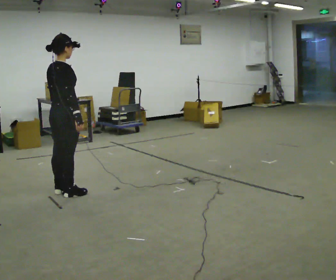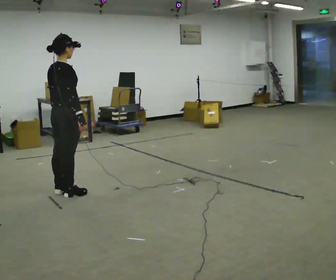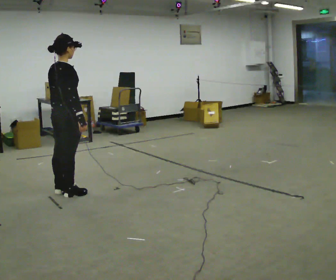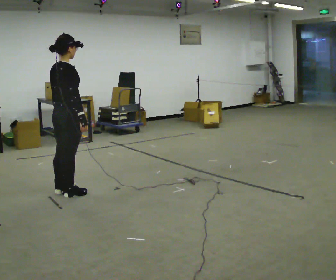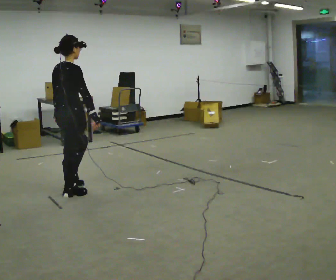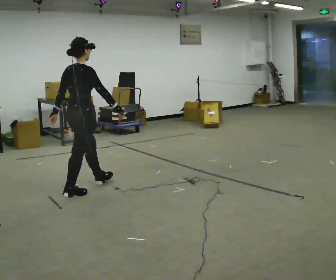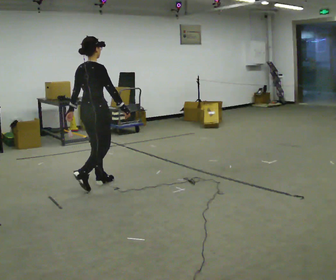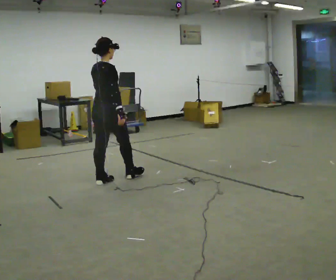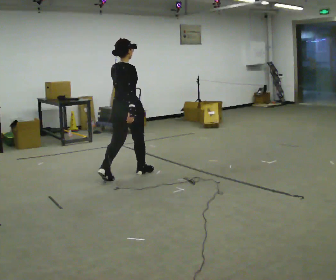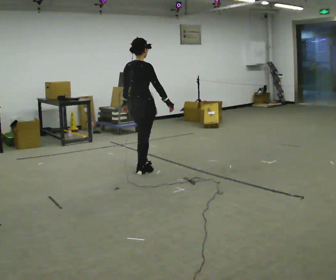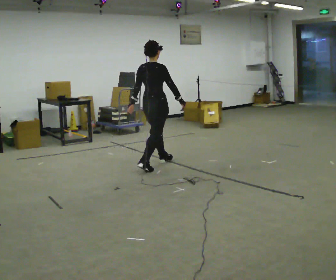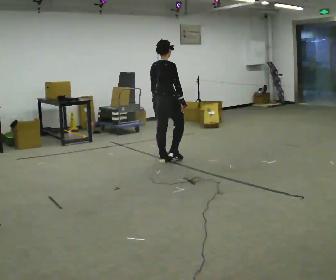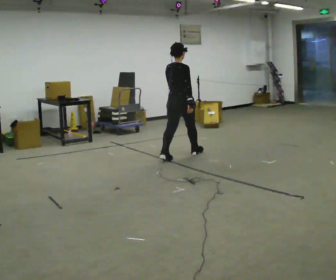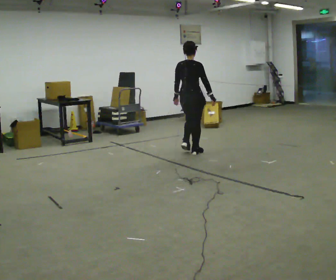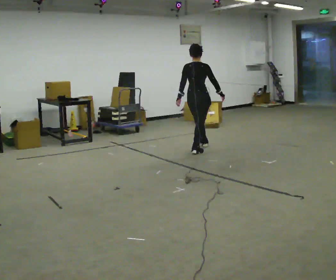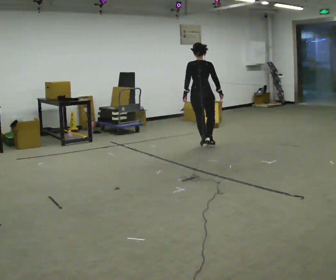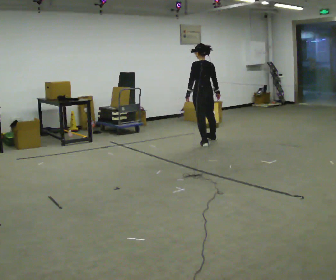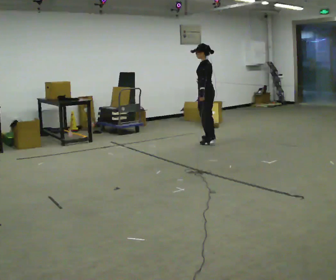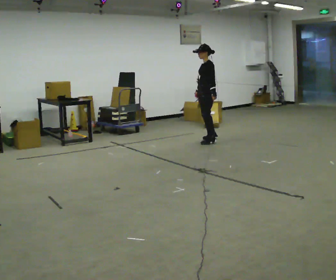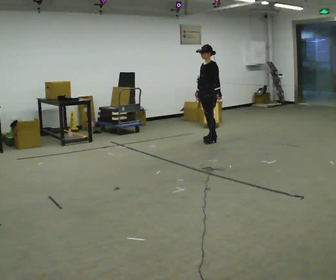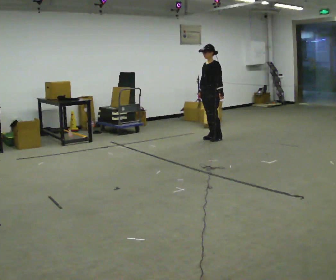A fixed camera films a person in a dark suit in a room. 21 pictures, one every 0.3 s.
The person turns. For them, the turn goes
to their left.
The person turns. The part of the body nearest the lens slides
to the right.
0.0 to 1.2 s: The person moves a little, or ends about where they began.
1.2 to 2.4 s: In the picture they go away from the camera and to the right, about 1 m in 2 steps, which for them is forward.
2.4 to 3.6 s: In the picture they go away from the camera and to the right, about 1 m in 2 steps, which for them is forward.
3.6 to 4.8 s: The part of the body nearest the lens slides to the right as the person turns to their left by about 60 degrees. In the picture they go away from the camera and to the right, about 1 m in 1 step.
4.8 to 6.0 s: Seen from above the body turns counterclockwise, about 90 degrees: to their left, with its near side sliding to the right. In the picture they go away from the camera and to the right, about 0.5 m in 4 steps.
The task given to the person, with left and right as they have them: Walk through 3–5 turns in sequence; keep moving; stop at end.
The film runs forward here.
